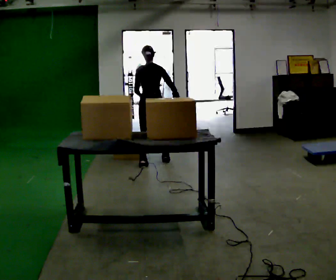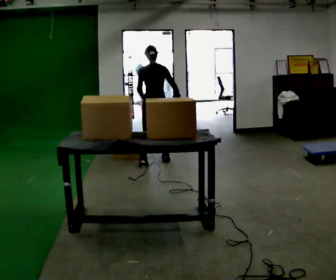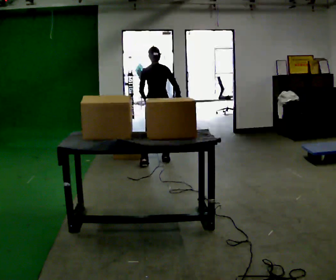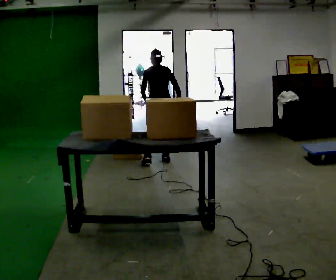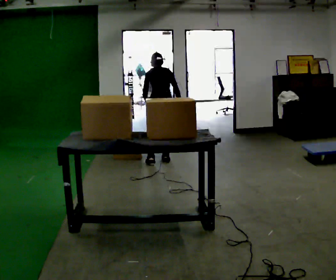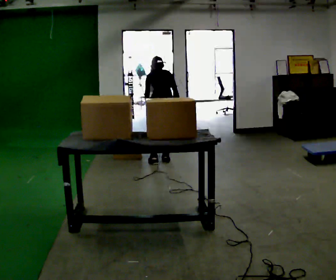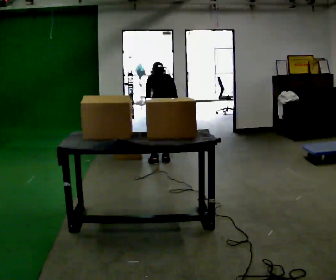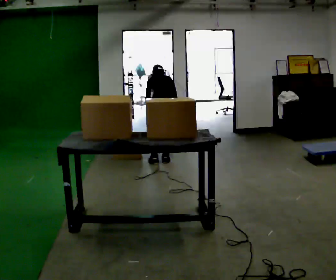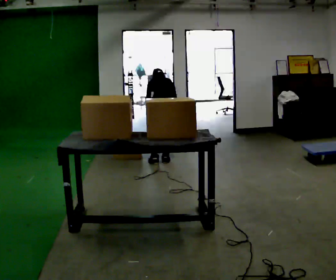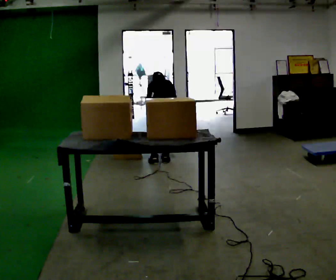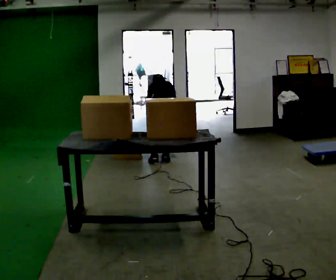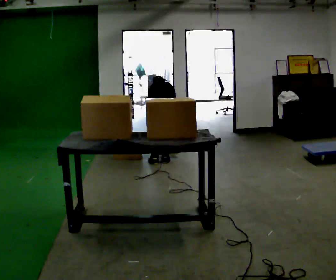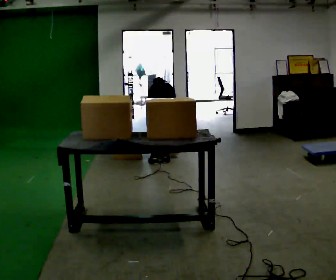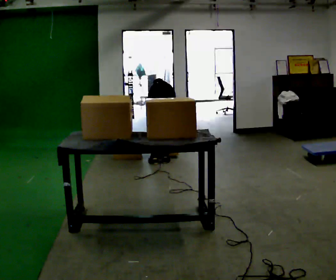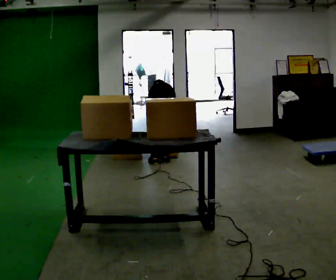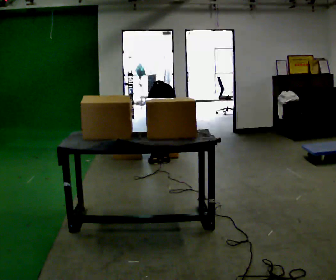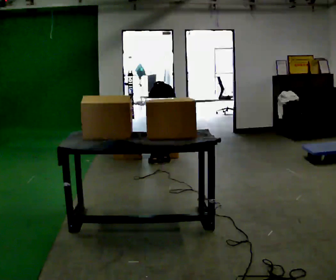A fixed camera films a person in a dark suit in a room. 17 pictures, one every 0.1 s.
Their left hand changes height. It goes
downward.
The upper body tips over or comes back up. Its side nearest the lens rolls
upward.
0.0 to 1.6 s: In the picture they go to the right, about 0.25 m in 1 step, which for them is to their right. The upper body goes downward. The upper body tips away from the camera, its near side rolling upward, as they bend forward. In the picture their right hand goes downward.
The film runs forward here.
